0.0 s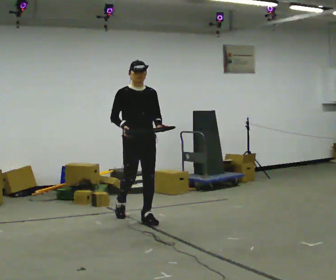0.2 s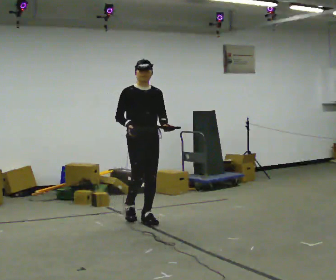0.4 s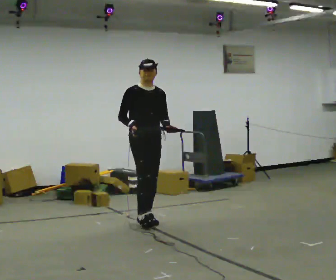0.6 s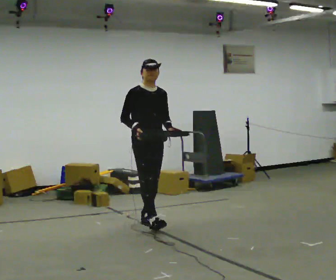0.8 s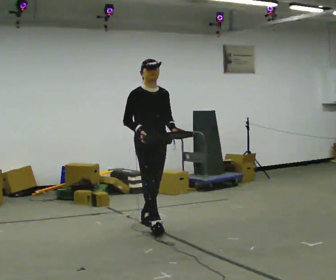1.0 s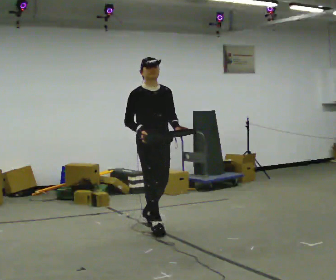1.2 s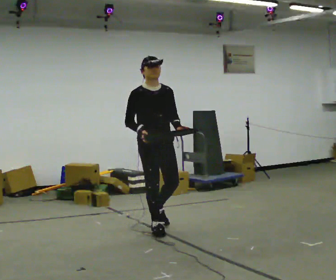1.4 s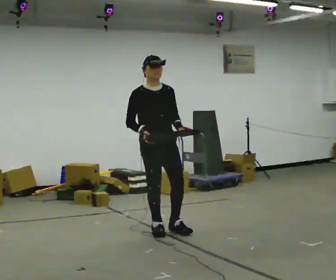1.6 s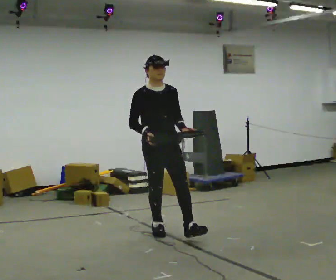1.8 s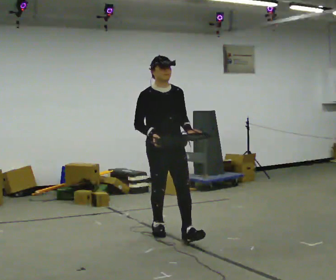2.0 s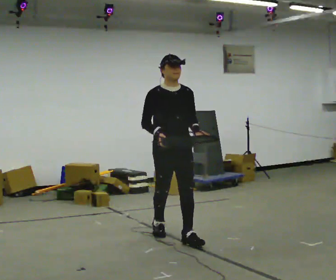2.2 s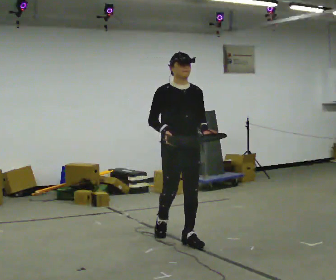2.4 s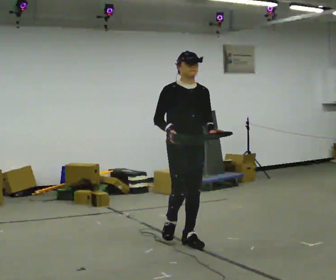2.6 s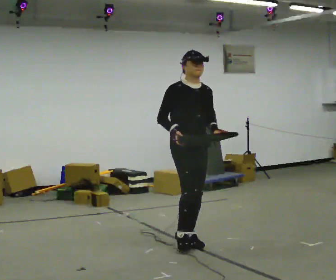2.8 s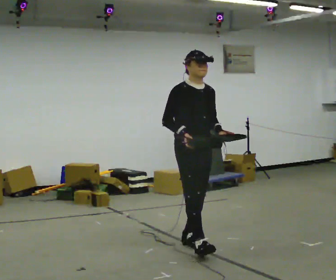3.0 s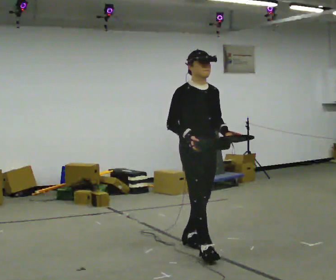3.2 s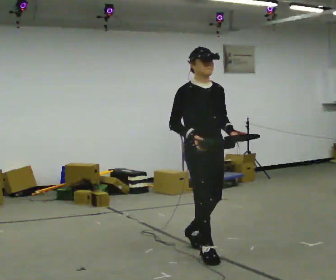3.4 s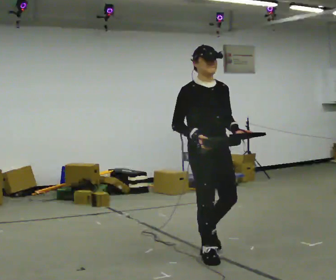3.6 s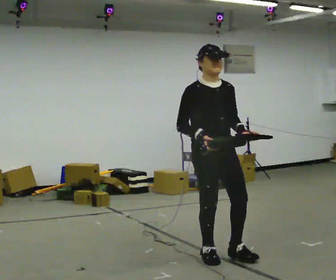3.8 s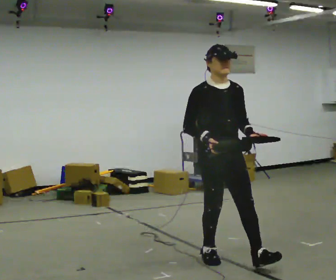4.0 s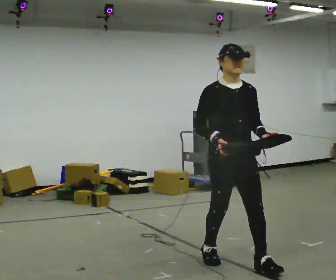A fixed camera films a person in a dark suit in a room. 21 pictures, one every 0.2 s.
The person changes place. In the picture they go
toward the camera.
0.0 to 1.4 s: In the picture they go toward the camera and to the right, about 0.5 m in 1 step, which for them is forward.
1.4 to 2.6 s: In the picture they go toward the camera and to the right, about 0.5 m in 1 step, which for them is forward.
2.6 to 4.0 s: In the picture they go toward the camera and to the right, about 1 m in 2 steps, which for them is forward.
The film runs forward here.
